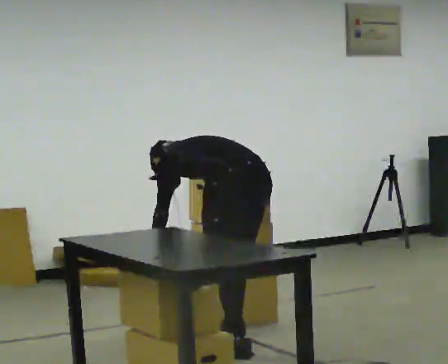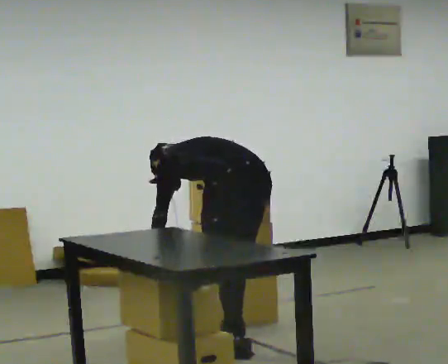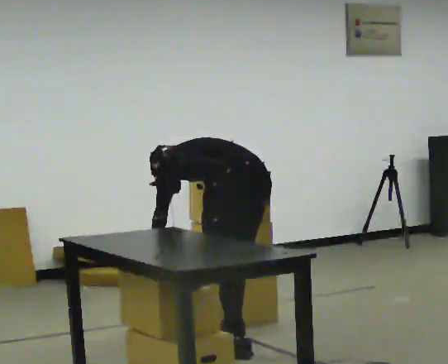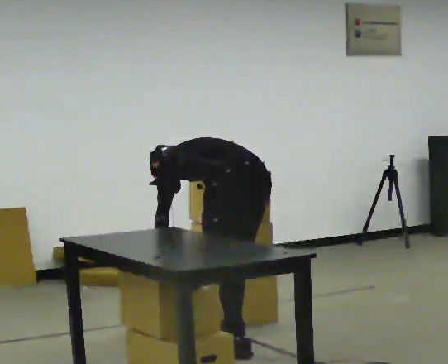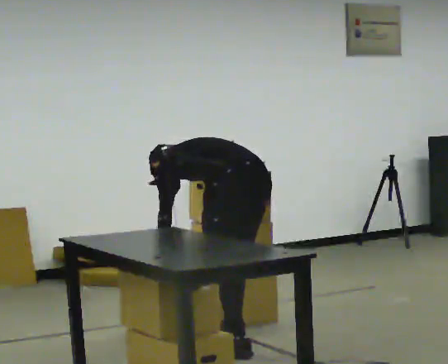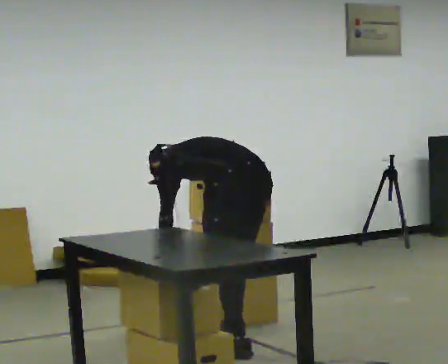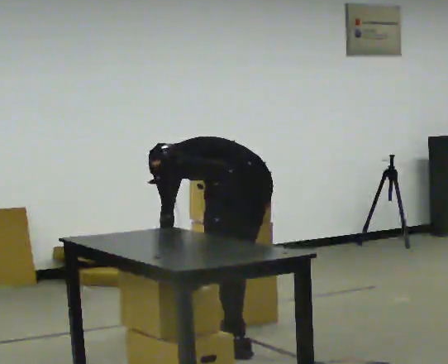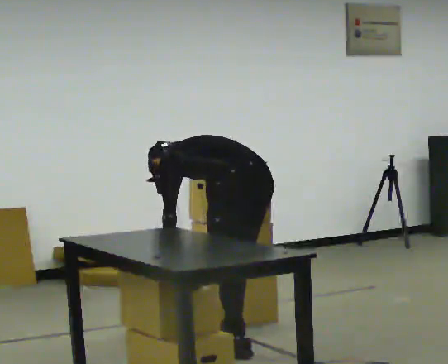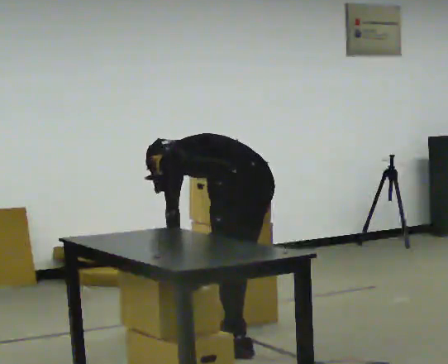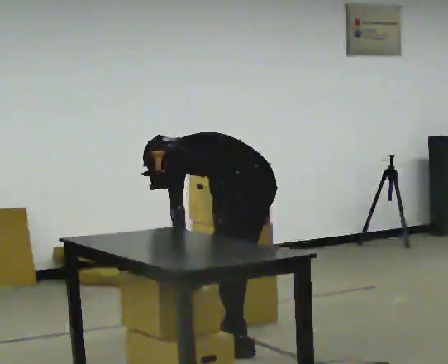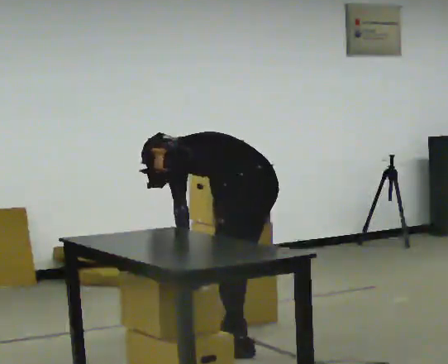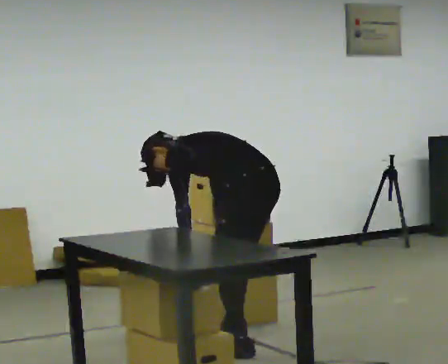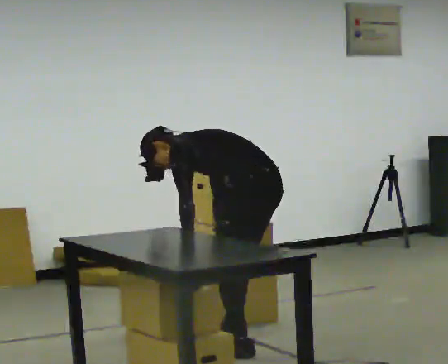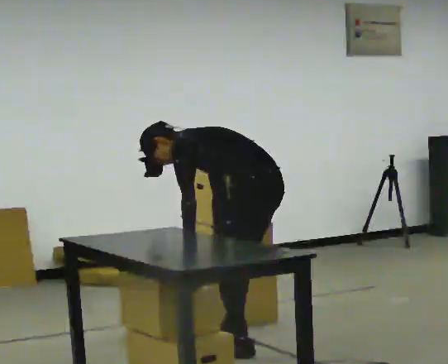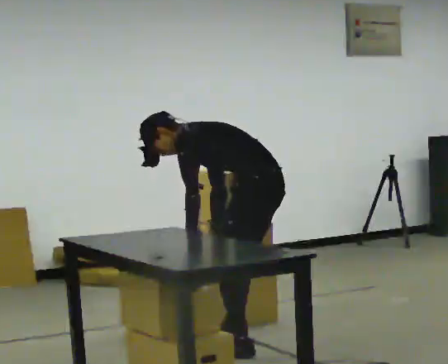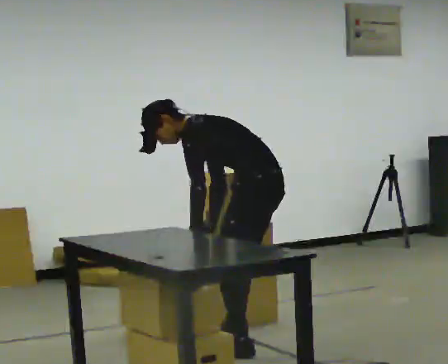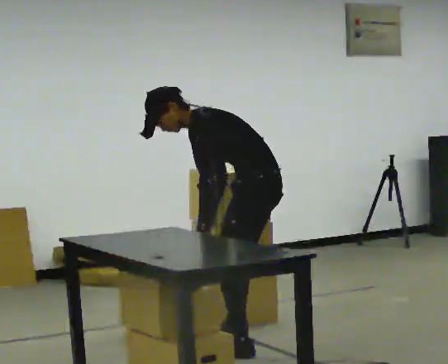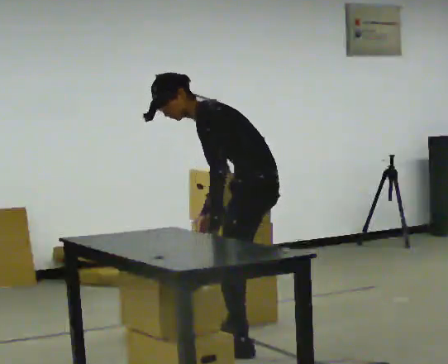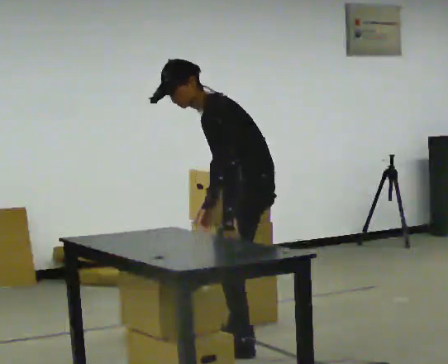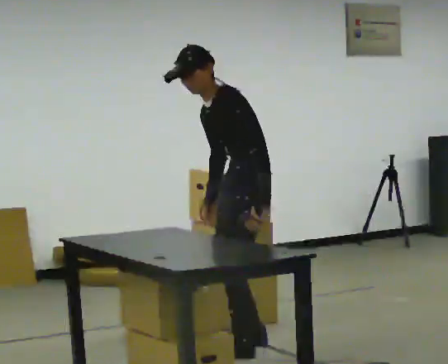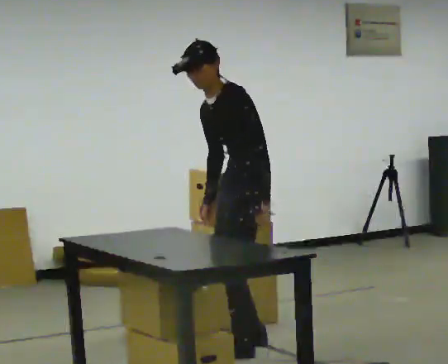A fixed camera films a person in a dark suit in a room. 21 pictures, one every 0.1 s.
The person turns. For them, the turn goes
to their left.
The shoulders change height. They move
upward.
0.0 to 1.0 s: The upper body tips toward the camera, its near side rolling downward.
1.0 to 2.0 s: The person turns about 60 degrees to their left, counterclockwise seen from above, so the part of the body nearest the lens slides to the right. The shoulders move upward. The upper body tips toward the camera, its near side rolling downward, as they lean back or straighten. In the picture their left hand goes to the right and upward.
The film runs forward here.
